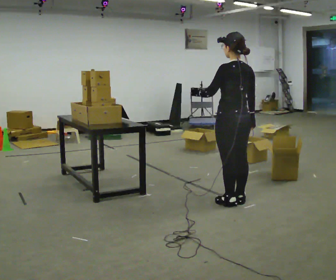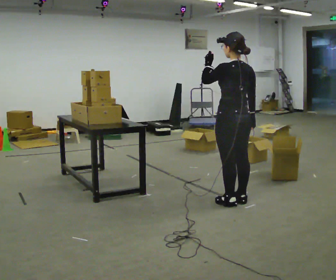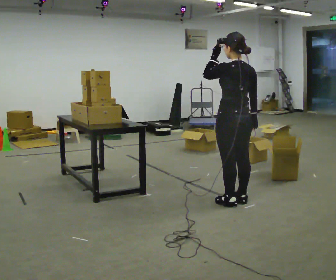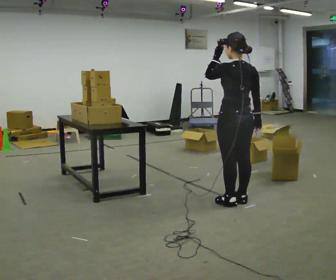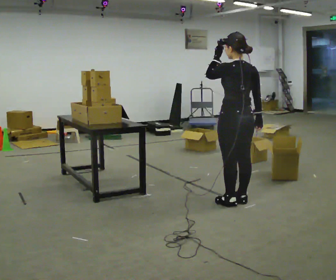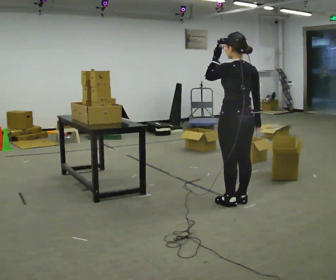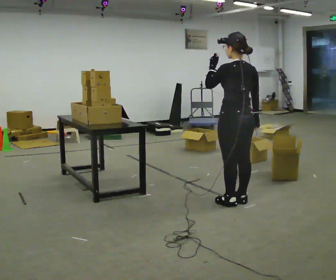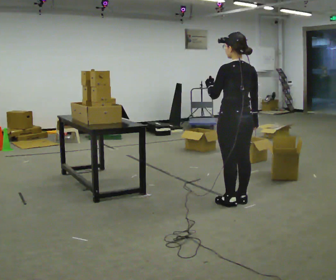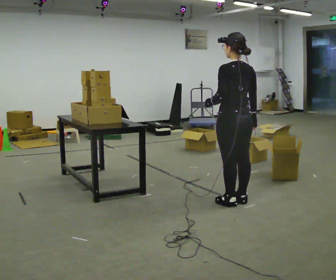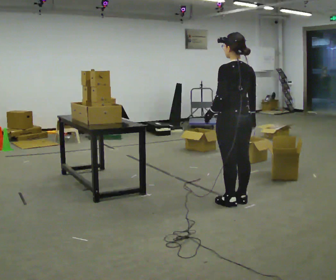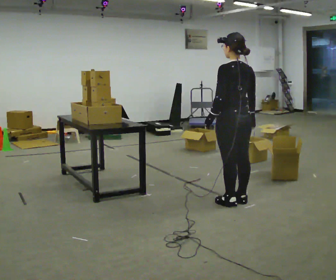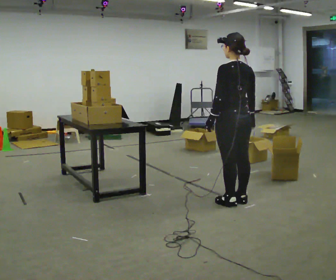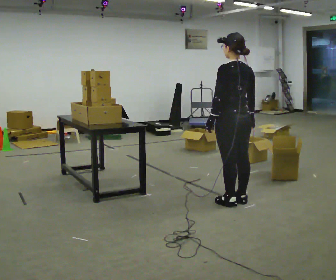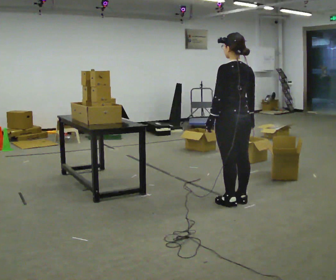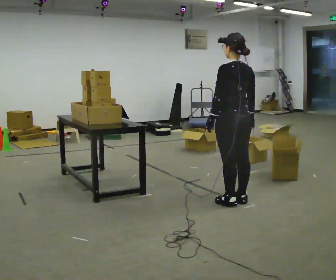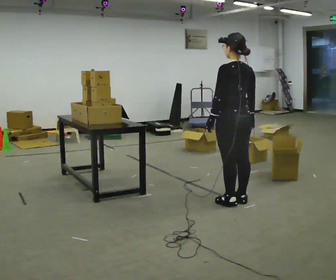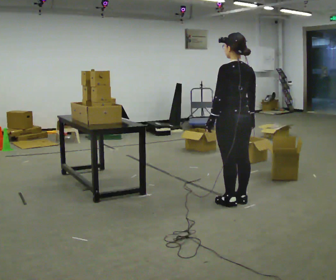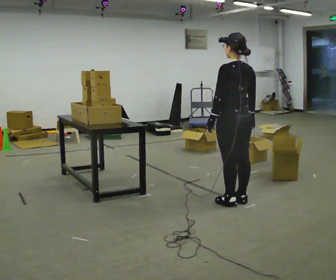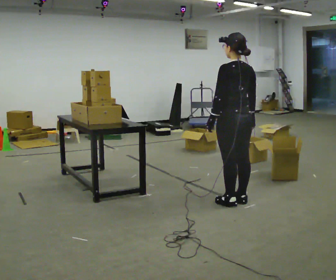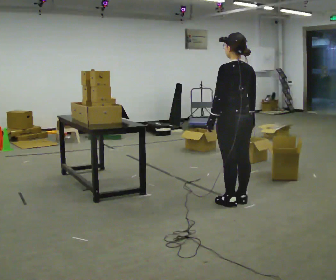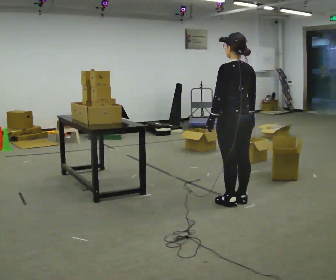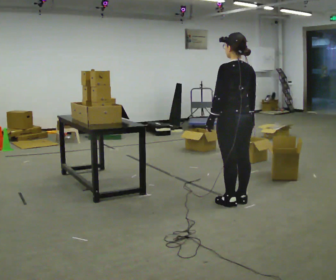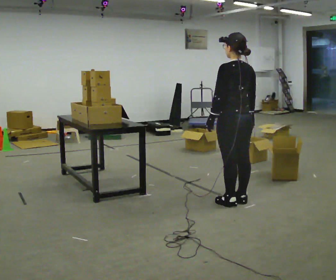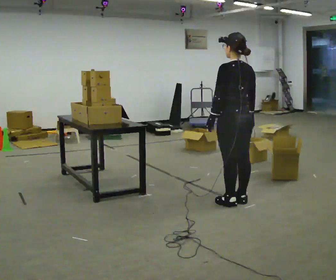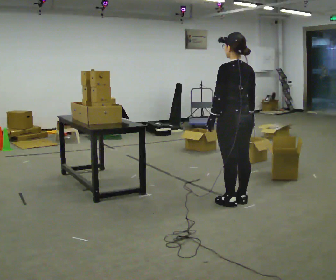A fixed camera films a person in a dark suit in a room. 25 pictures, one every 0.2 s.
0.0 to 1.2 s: The person moves a little, or ends about where they began.
1.2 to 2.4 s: In the picture their left hand goes downward.
2.4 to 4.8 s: The person keeps their place and pose.
The film runs forward here.
